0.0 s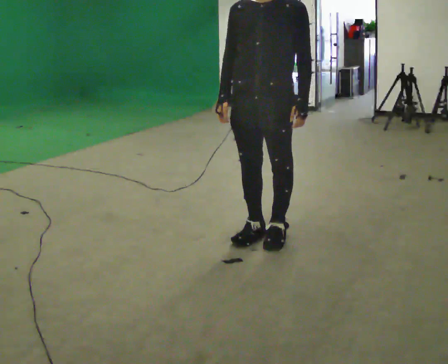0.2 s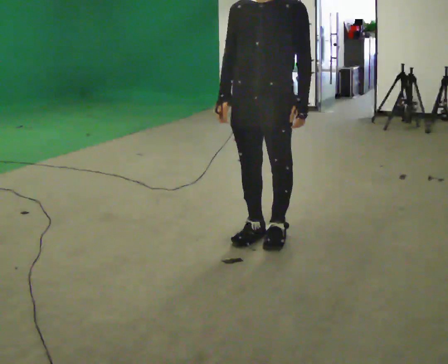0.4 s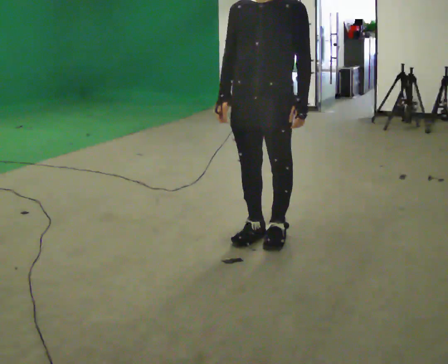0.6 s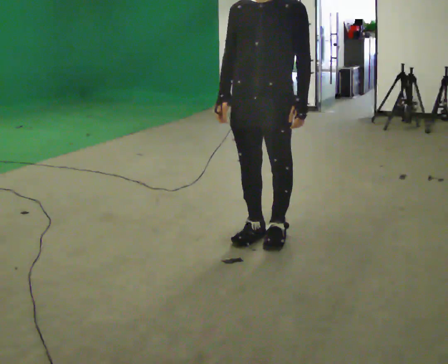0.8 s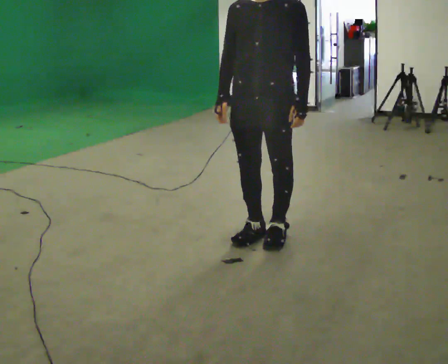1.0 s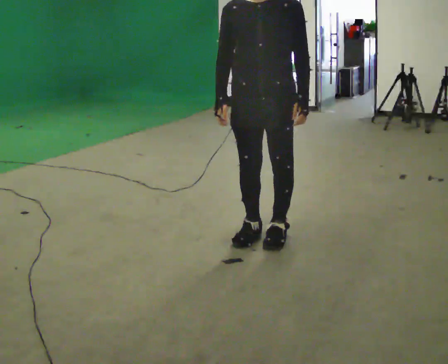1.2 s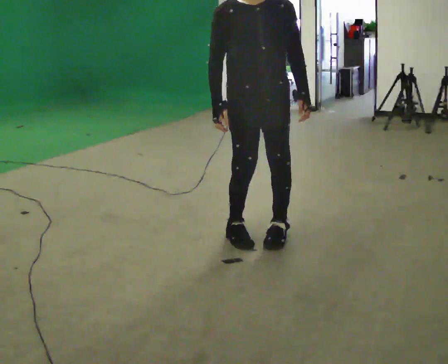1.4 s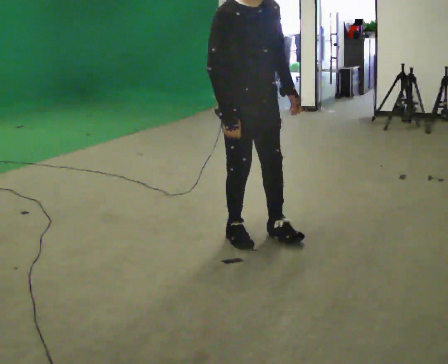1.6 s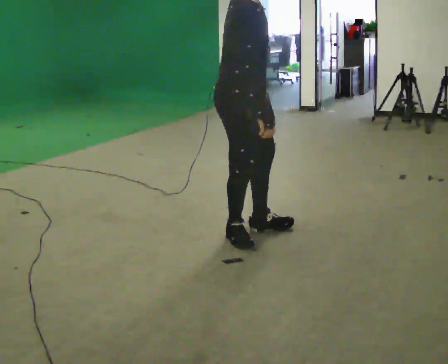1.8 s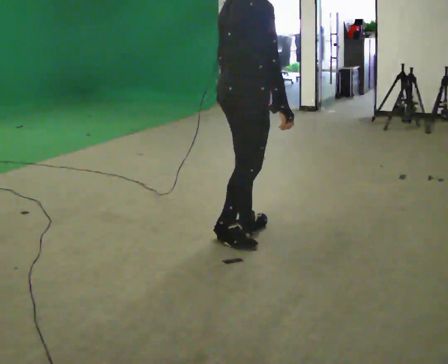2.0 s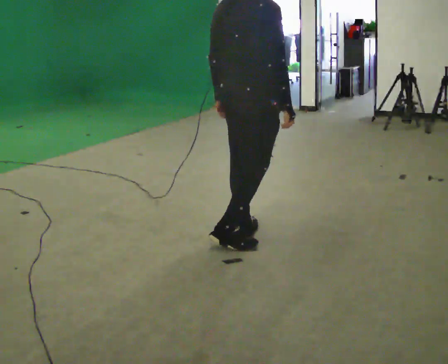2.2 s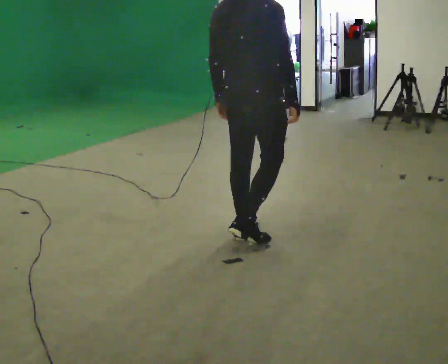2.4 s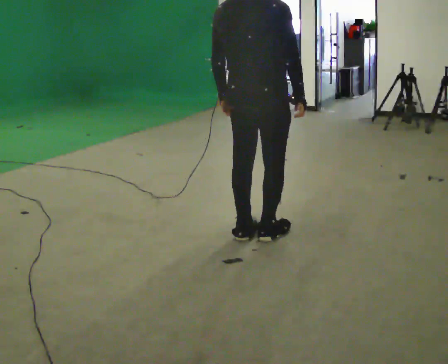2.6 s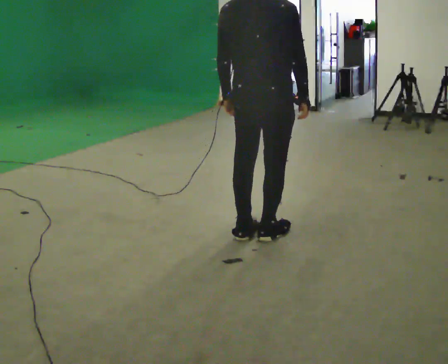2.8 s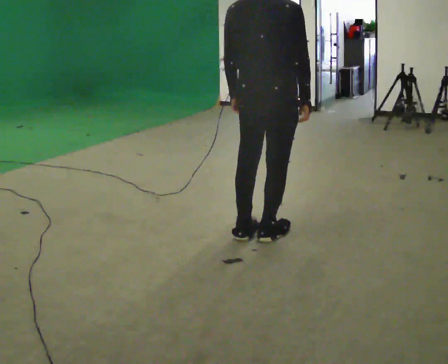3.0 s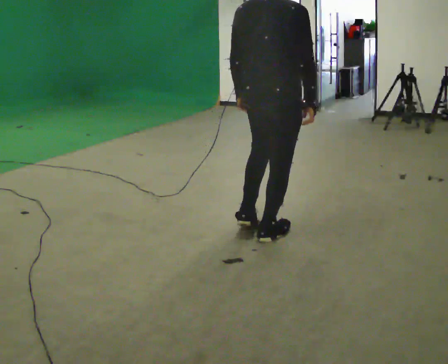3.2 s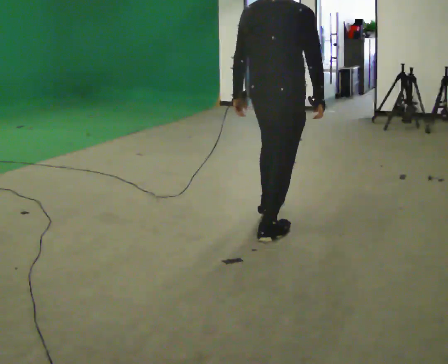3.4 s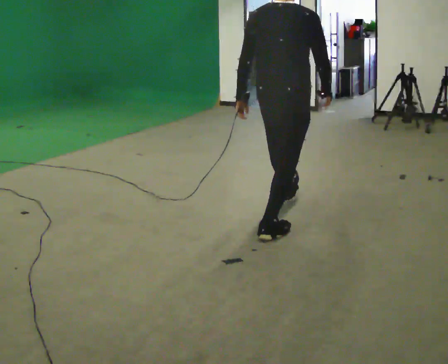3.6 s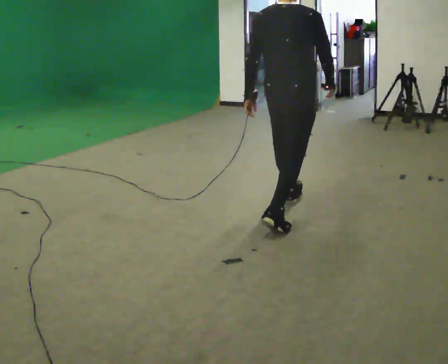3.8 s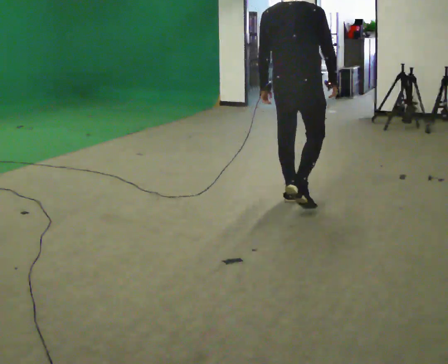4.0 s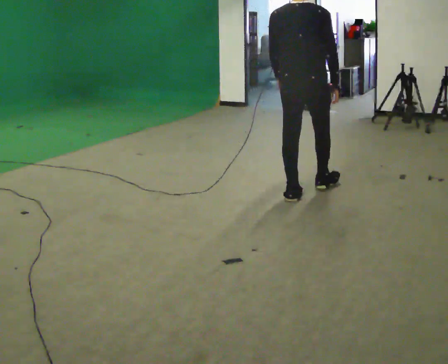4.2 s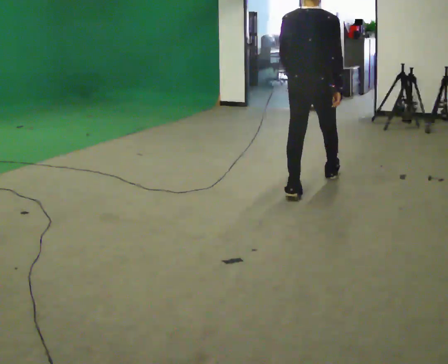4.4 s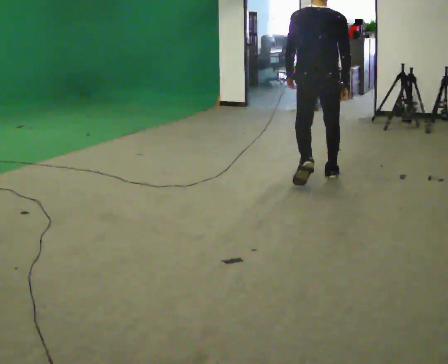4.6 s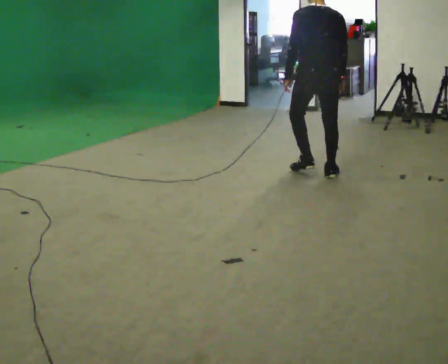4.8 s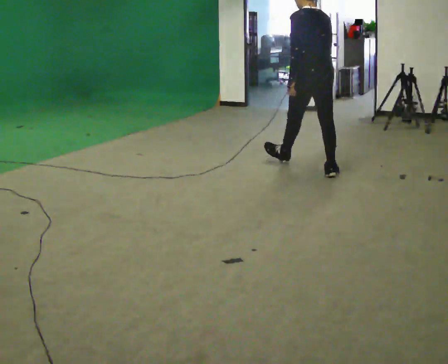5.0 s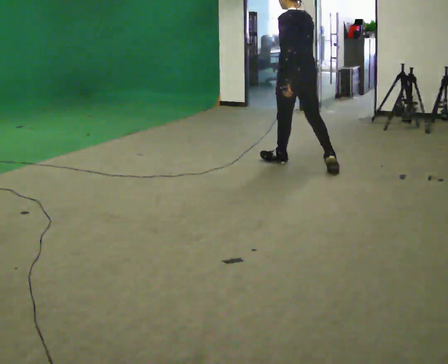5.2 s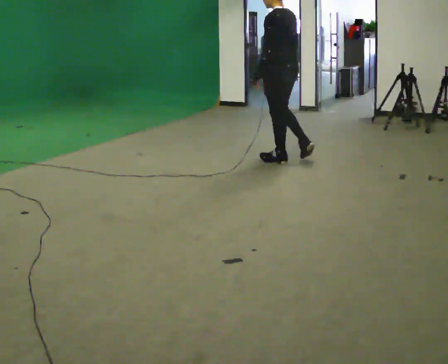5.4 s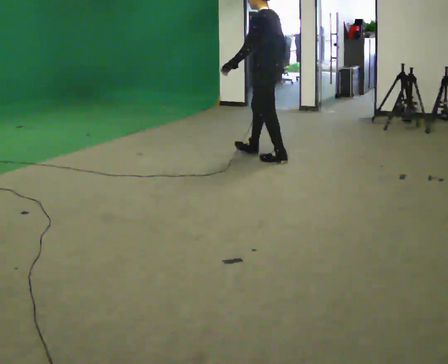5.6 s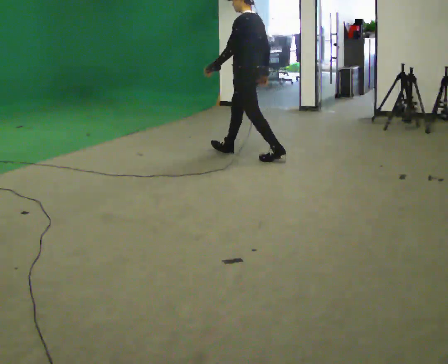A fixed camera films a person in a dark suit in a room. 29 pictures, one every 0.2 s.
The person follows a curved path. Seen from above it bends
counterclockwise.
The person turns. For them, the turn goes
to their left.
0.0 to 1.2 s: Seen from above the body turns counterclockwise, about 45 degrees: to their left, with its near side sliding to the right.
1.2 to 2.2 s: The person turns about 135 degrees to their left, counterclockwise seen from above, so the part of the body nearest the lens slides to the right. In the picture their left hand goes to the left, the arm swinging clockwise.
2.2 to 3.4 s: In the picture they go away from the camera and to the right, about 0.25 m in 1 step, which for them is forward.
3.4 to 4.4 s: In the picture they go away from the camera, about 1 m in 2 steps, which for them is forward.
4.4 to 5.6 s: The part of the body nearest the lens slides to the right as the person turns to their left by about 75 degrees. In the picture they go away from the camera and to the left, about 1 m in 2 steps.
The film runs forward here.
